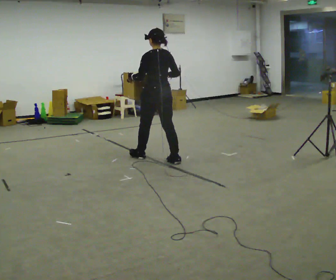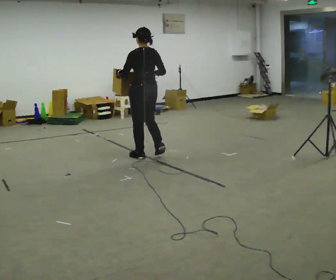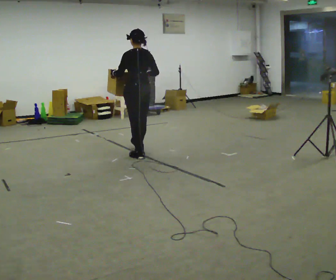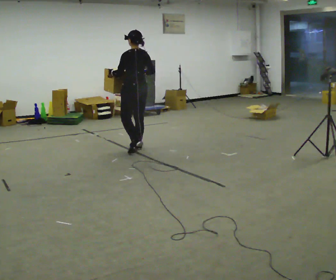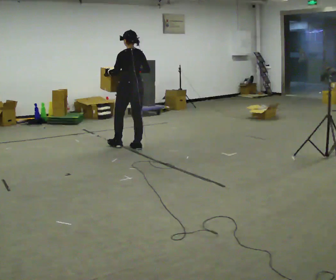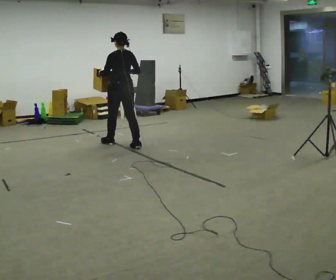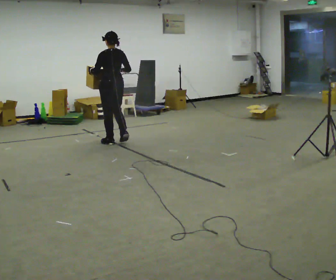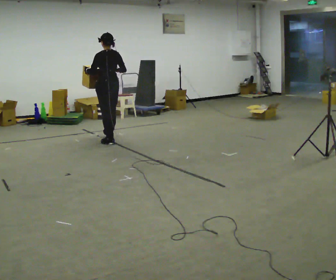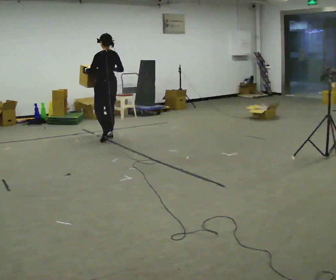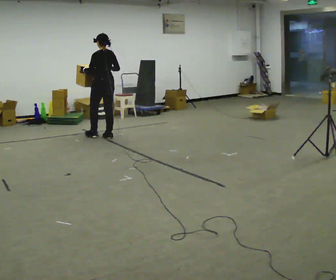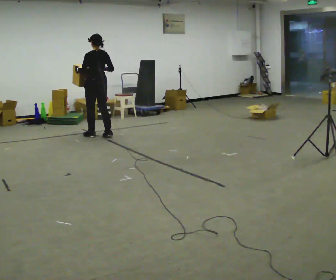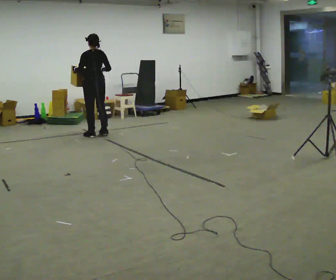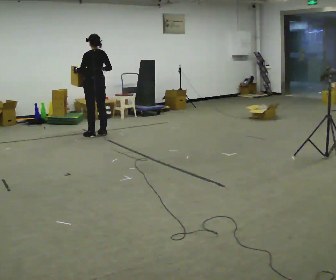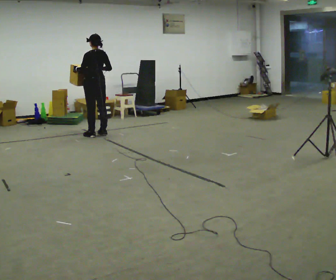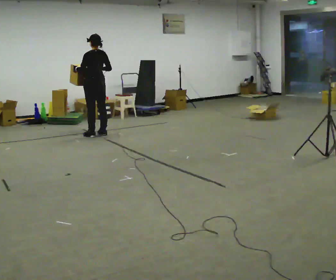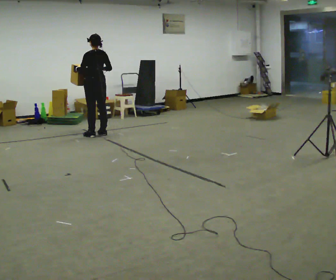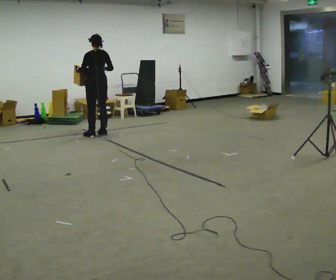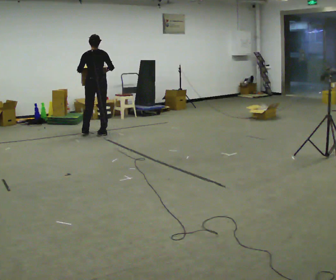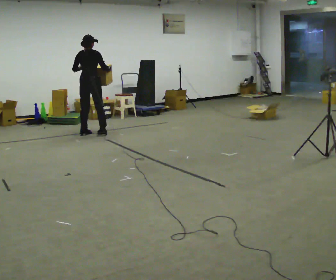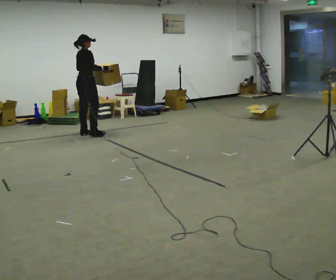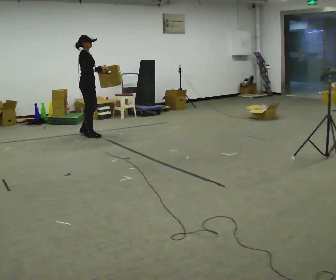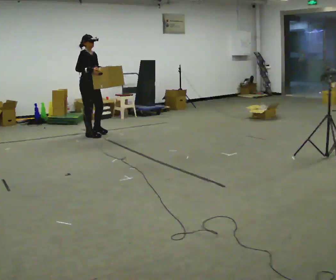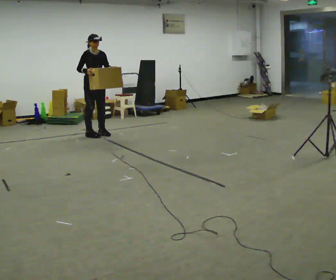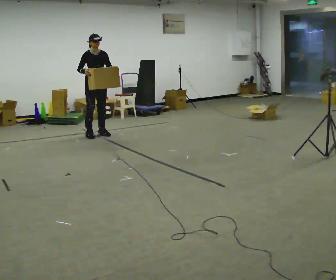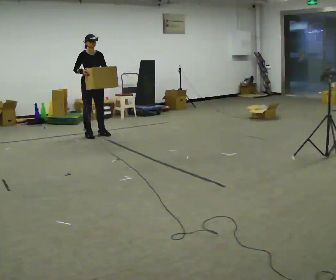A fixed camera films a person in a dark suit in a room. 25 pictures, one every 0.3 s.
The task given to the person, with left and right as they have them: Carry the box across the room much more slowly and carefully than normal, back and forth.
0.0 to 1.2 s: In the picture they go away from the camera, about 0.5 m in 1 step, which for them is forward.
1.2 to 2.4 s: In the picture they go away from the camera and to the left, about 0.75 m in 2 steps, which for them is forward.
2.4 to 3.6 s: In the picture they go away from the camera and to the left, about 0.25 m in 2 steps, which for them is forward.
3.6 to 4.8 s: The person moves a little, or ends about where they began.
4.8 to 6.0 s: Seen from above the body turns clockwise, about 120 degrees: to their right, with its near side sliding to the left. In the picture they go to the left, about 0.25 m in 2 steps.
6.0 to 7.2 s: The part of the body nearest the lens slides to the left as the person turns to their right by about 60 degrees.
The film runs forward here.
